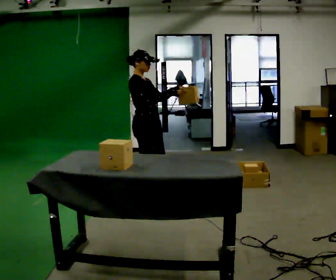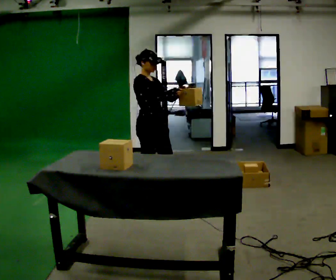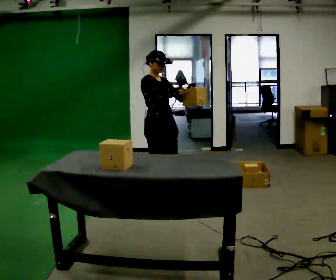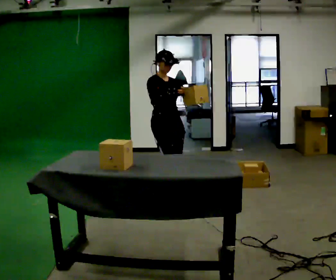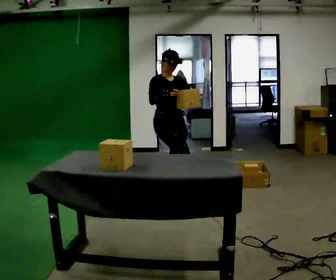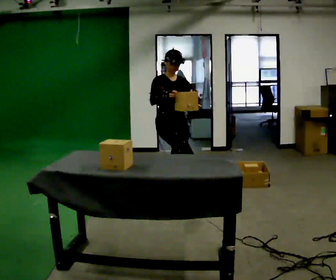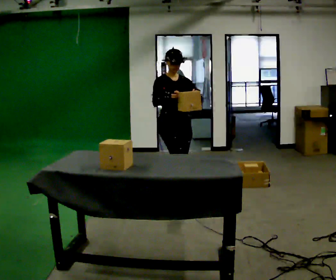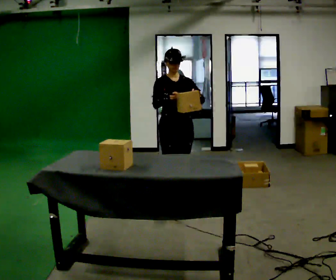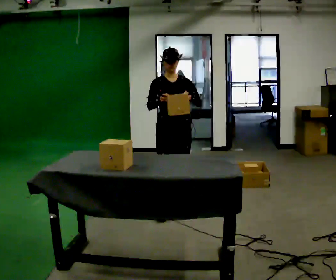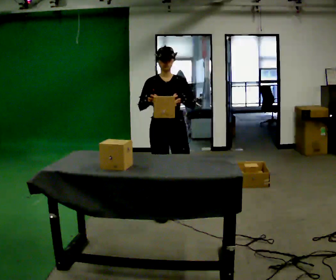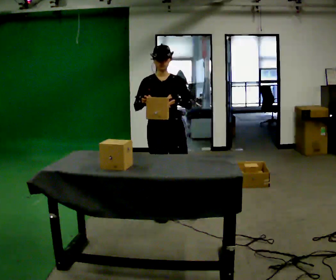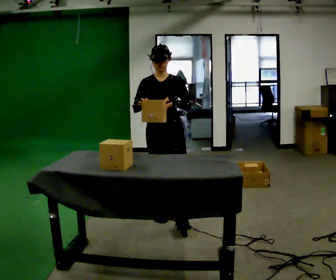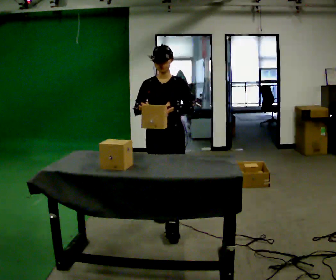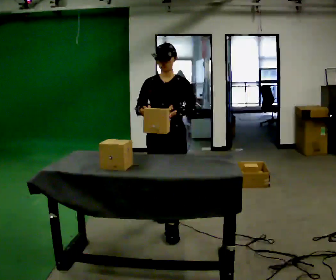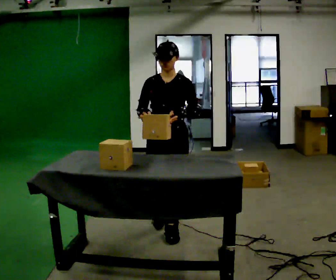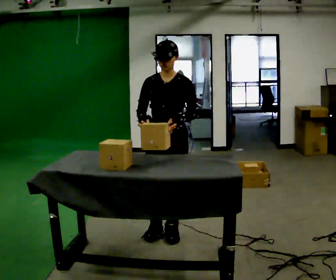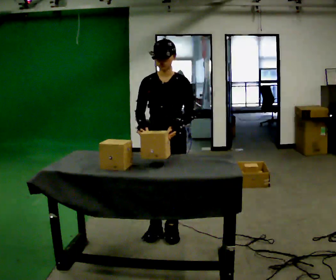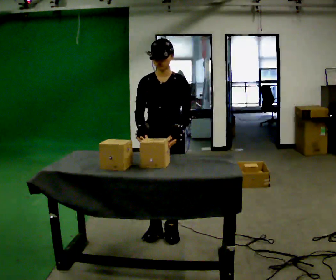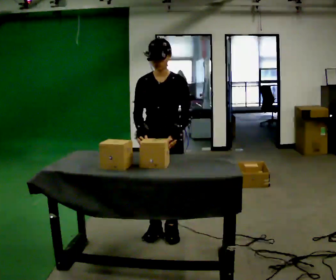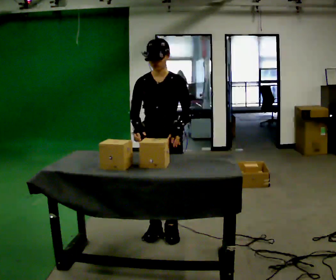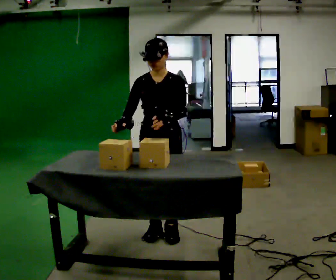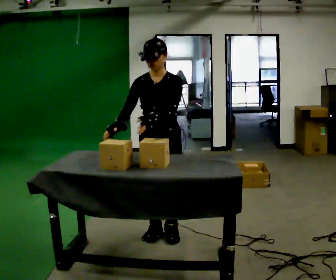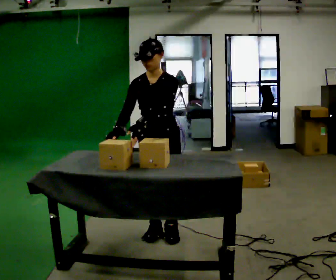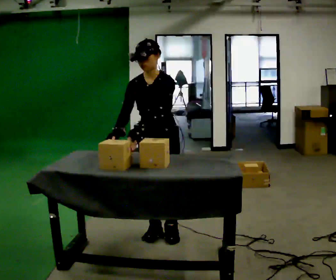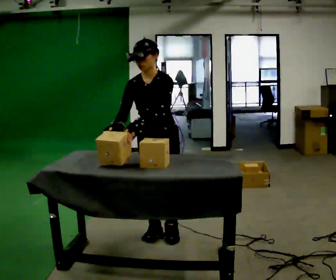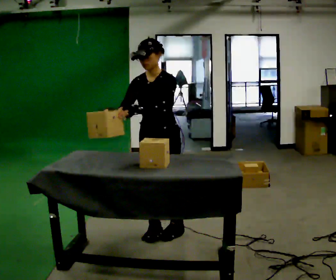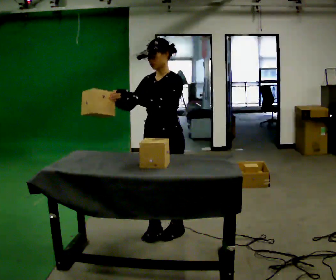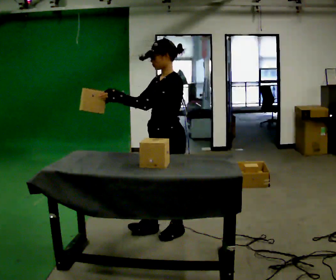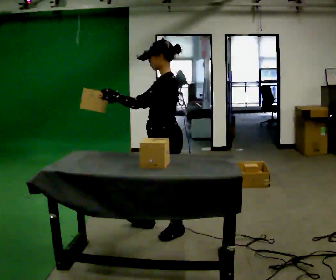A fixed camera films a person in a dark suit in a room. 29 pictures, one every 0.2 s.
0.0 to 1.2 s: Seen from above the body turns clockwise, about 60 degrees: to their right, with its near side sliding to the left. In the picture they go to the right, about 0.25 m in 1 step, which for them is forward and to their left.
1.2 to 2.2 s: The part of the body nearest the lens slides to the left as the person turns to their right by about 30 degrees. In the picture they go toward the camera, about 0.5 m in 1 step, which for them is forward.
2.2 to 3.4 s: In the picture they go toward the camera, about 0.25 m in 2 steps, which for them is forward.
3.4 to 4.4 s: The person moves a little, or ends about where they began.
4.4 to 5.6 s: The part of the body nearest the lens slides to the left as the person turns to their right by about 75 degrees.
The film runs forward here.
